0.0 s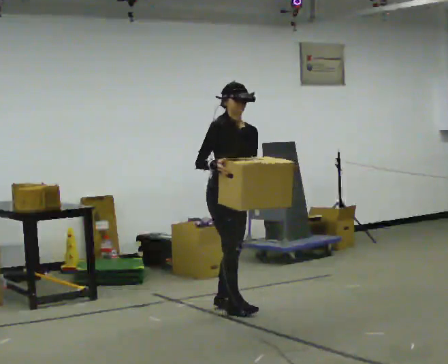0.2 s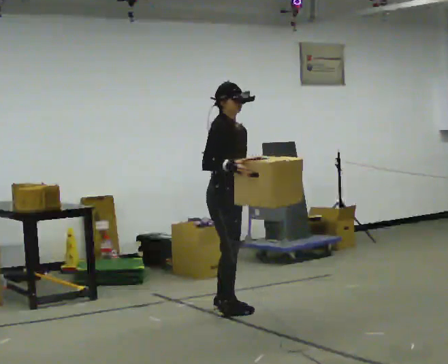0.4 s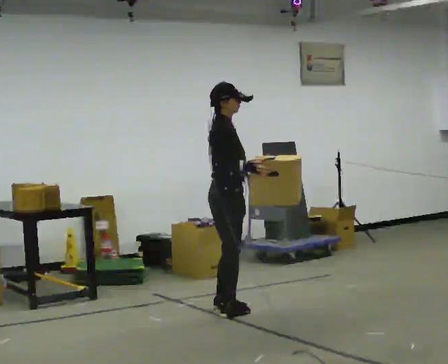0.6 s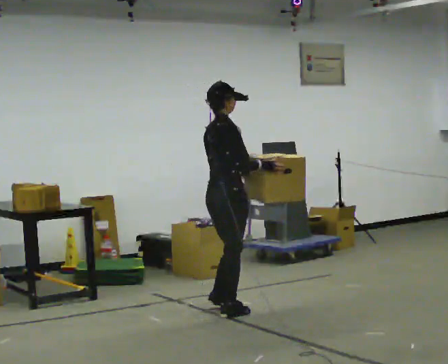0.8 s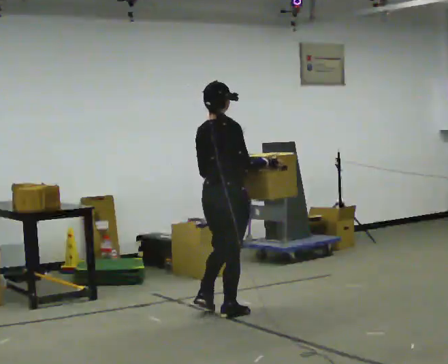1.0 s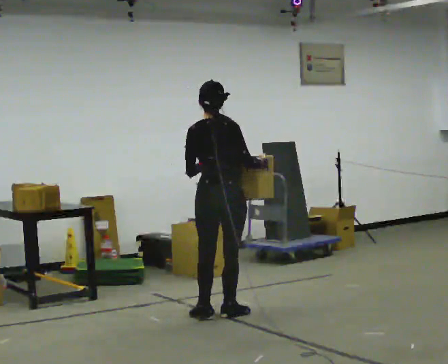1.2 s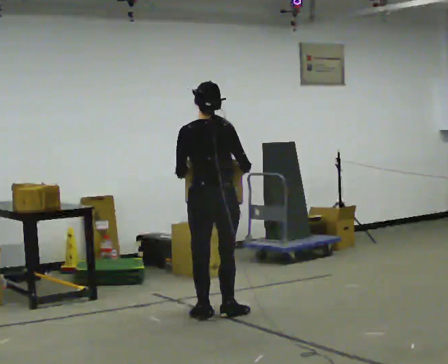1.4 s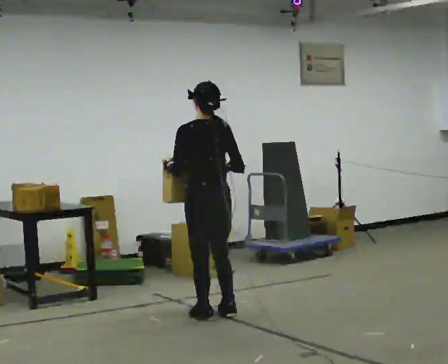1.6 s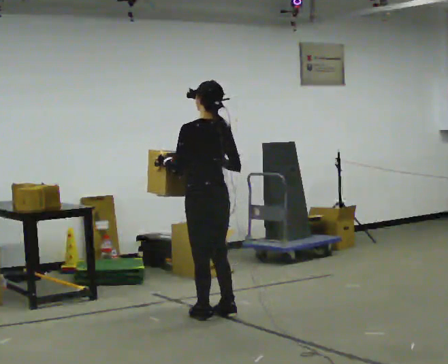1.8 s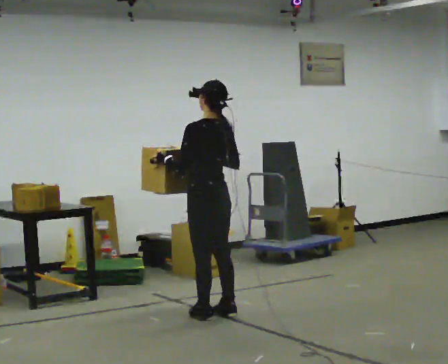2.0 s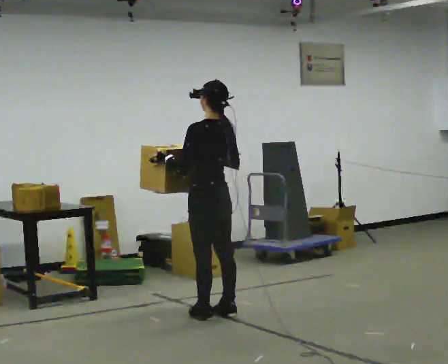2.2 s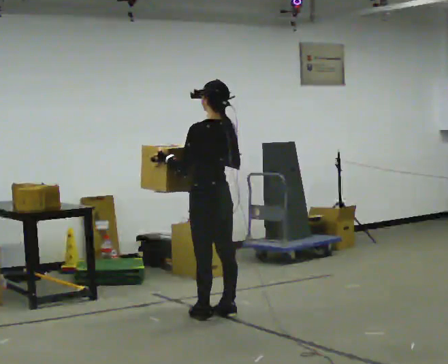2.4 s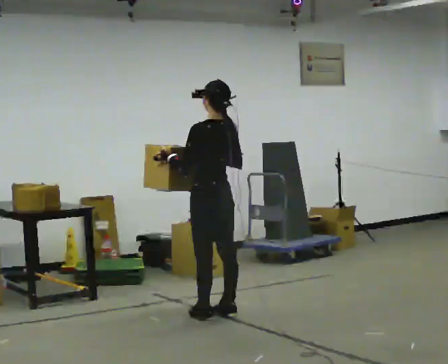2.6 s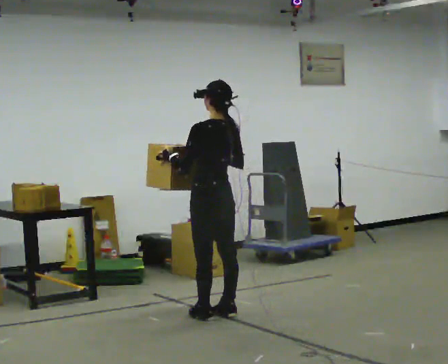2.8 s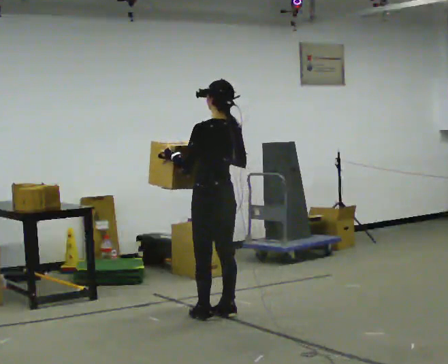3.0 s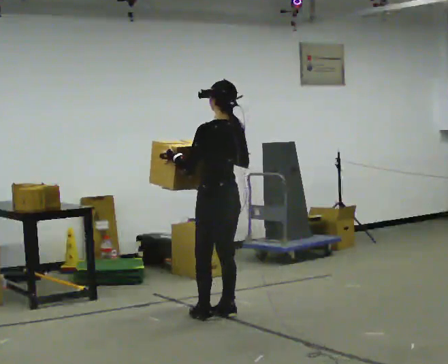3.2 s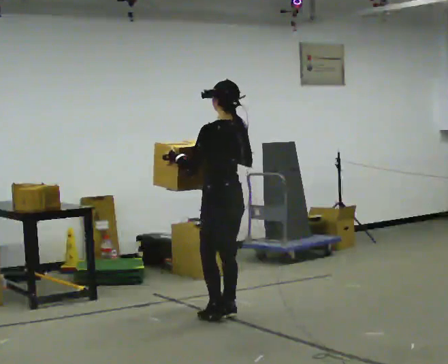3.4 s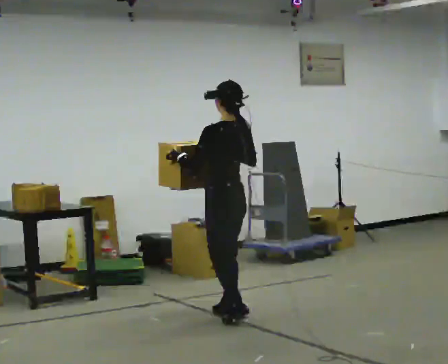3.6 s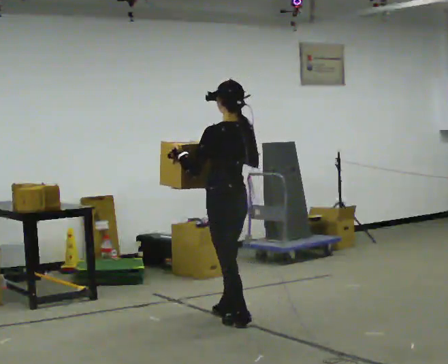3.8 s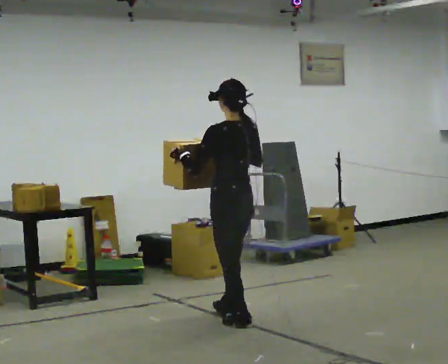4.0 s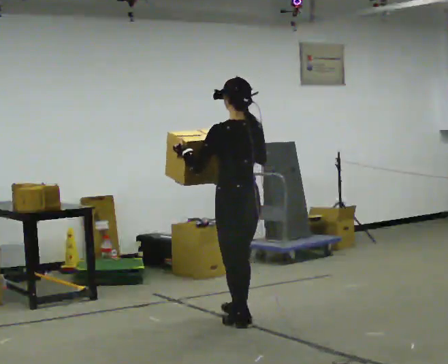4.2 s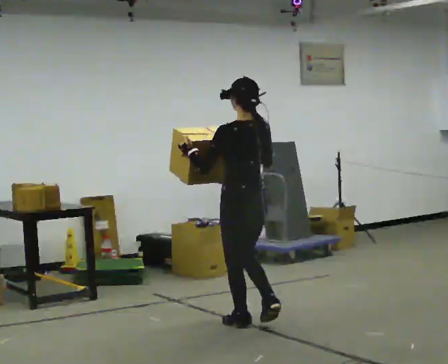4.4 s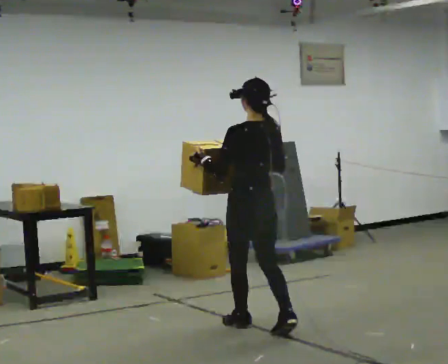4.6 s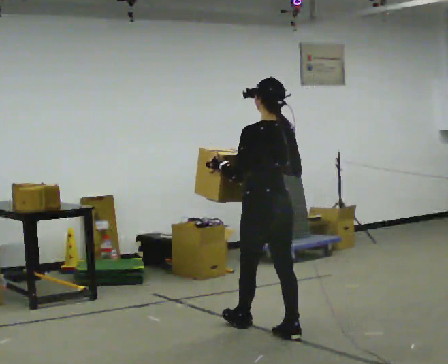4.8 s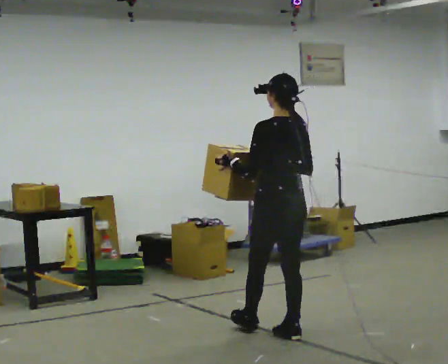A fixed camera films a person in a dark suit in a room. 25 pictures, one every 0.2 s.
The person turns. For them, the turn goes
to their left.
The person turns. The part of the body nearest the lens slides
to the right.
0.0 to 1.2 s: The person turns about 135 degrees to their left, counterclockwise seen from above, so the part of the body nearest the lens slides to the right. In the picture they go toward the camera, about 0.25 m in 1 step.
1.2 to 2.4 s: The part of the body nearest the lens slides to the right as the person turns to their left by about 45 degrees.
2.4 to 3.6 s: The person moves a little, or ends about where they began.
3.6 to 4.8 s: In the picture they go toward the camera and to the right, about 0.5 m in 2 steps, which for them is backward.
The film runs backward here.
